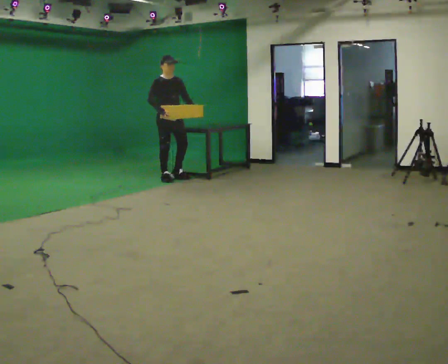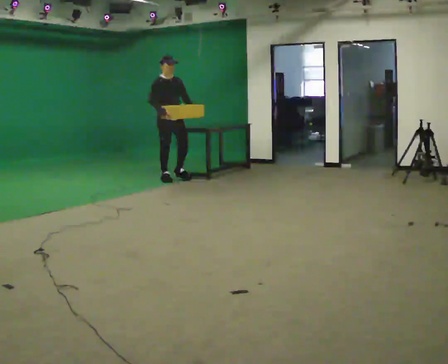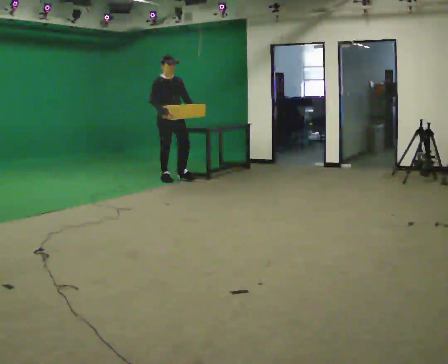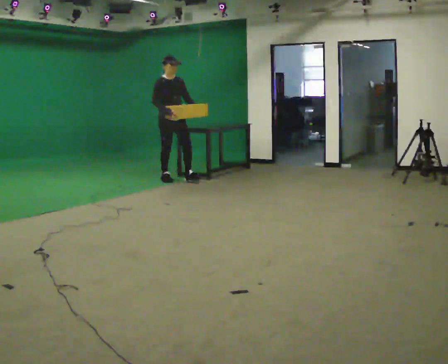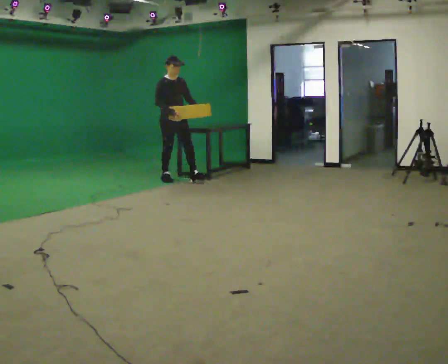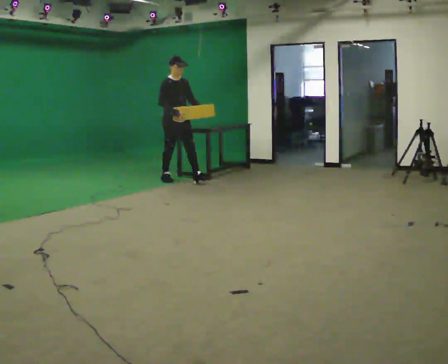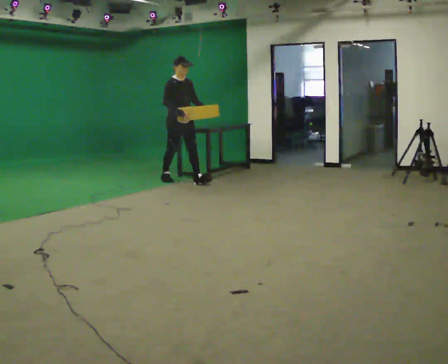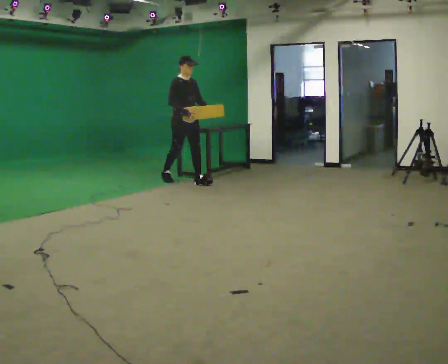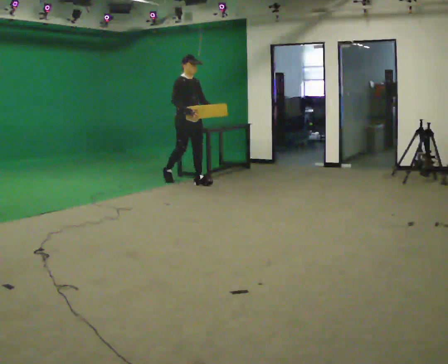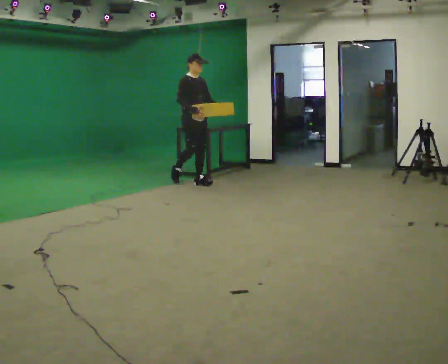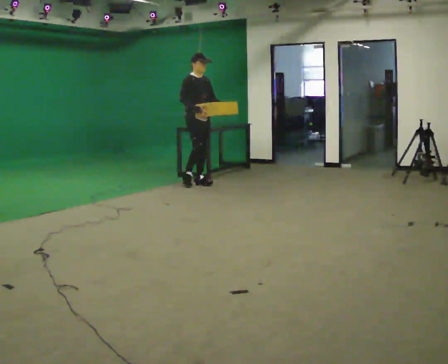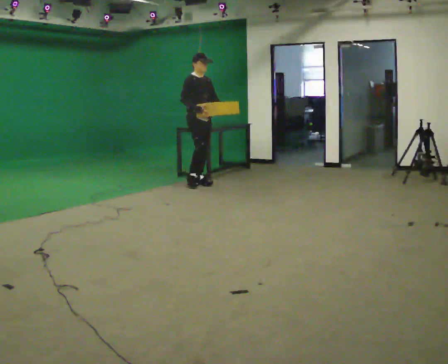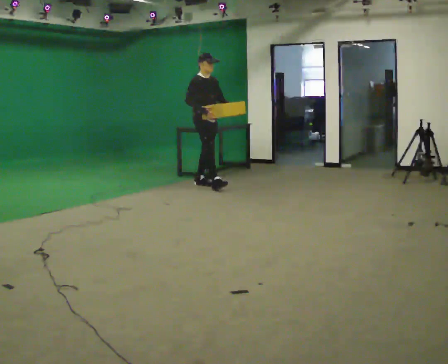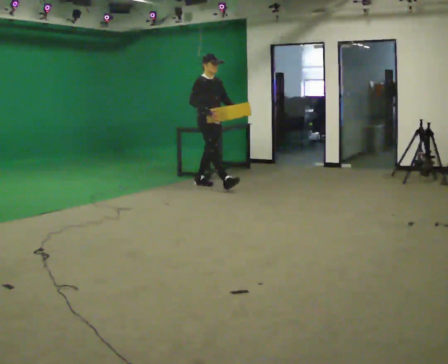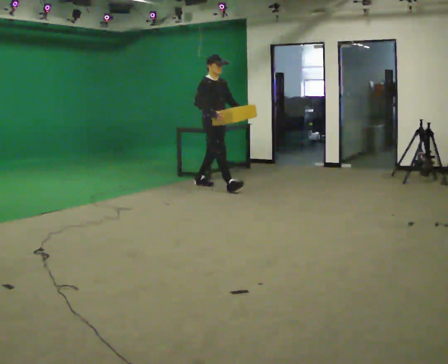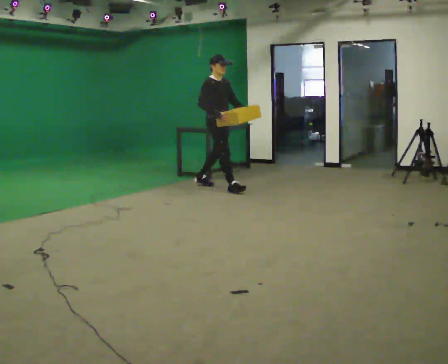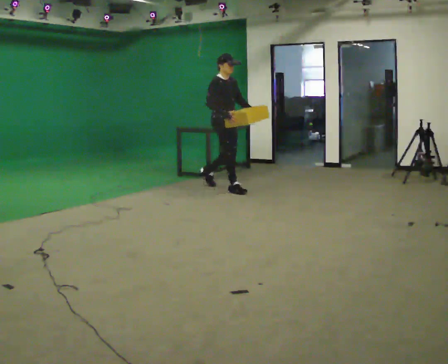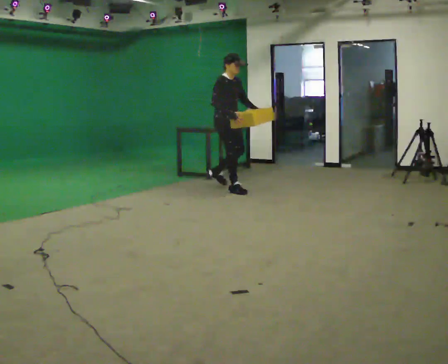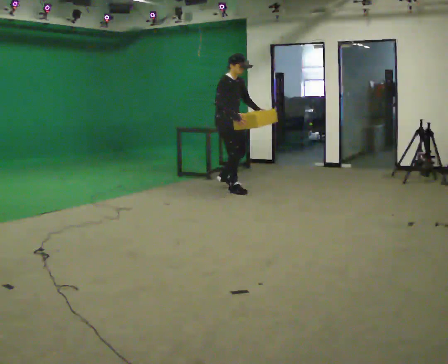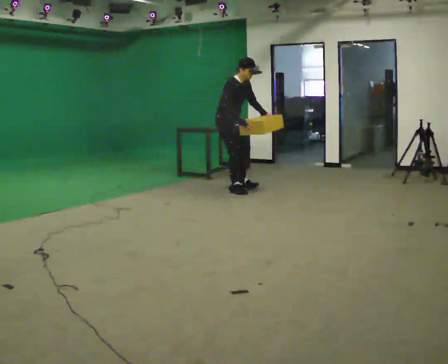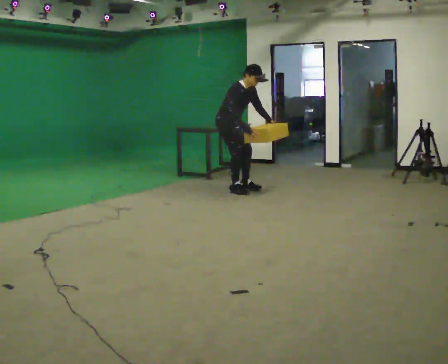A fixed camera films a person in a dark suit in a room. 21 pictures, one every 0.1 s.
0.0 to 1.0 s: In the picture they go to the right and toward the camera, about 0.5 m in 1 step, which for them is forward.
1.0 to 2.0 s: In the picture they go to the right and toward the camera, about 0.5 m in 2 steps, which for them is forward. In the picture the upper body tilts clockwise, shoulders to the right, as they bend forward.
The film runs forward here.
